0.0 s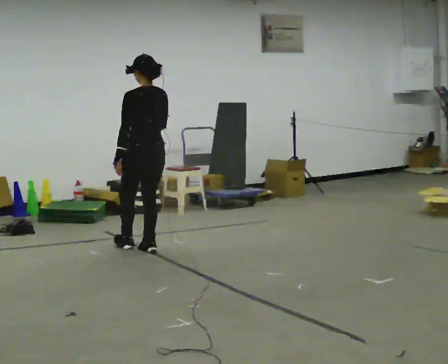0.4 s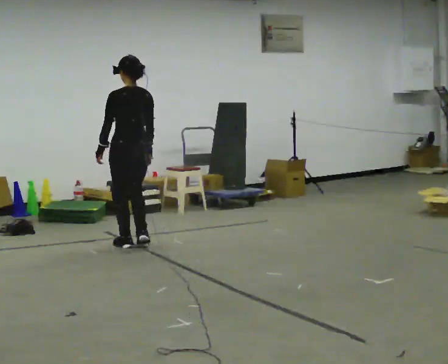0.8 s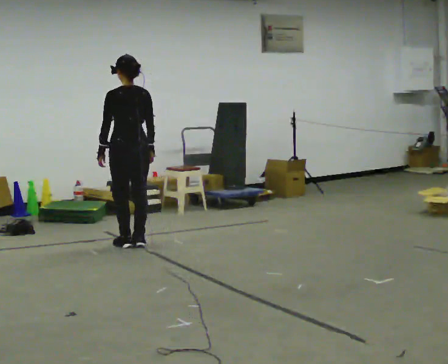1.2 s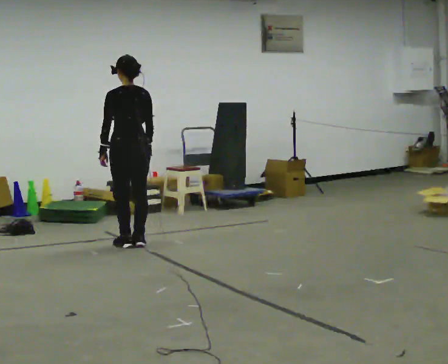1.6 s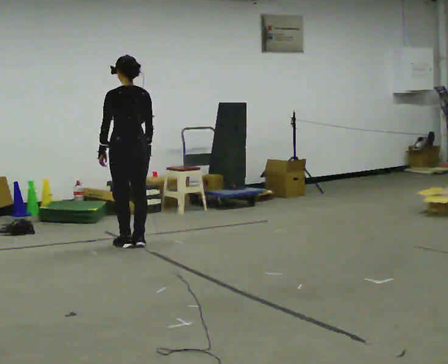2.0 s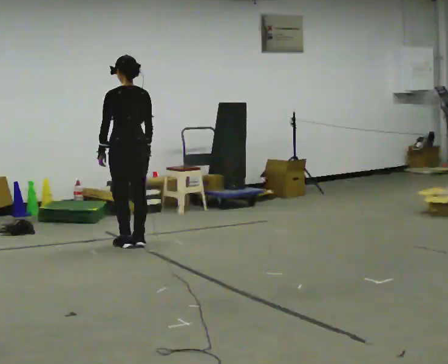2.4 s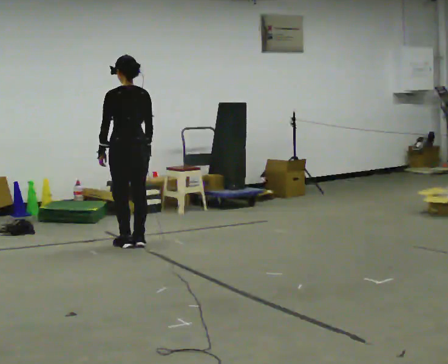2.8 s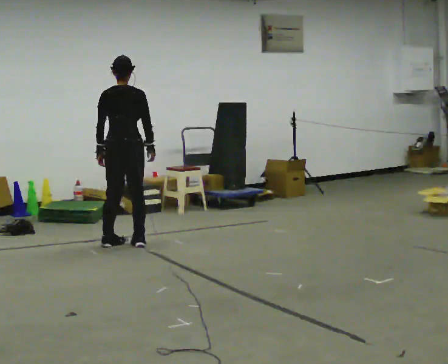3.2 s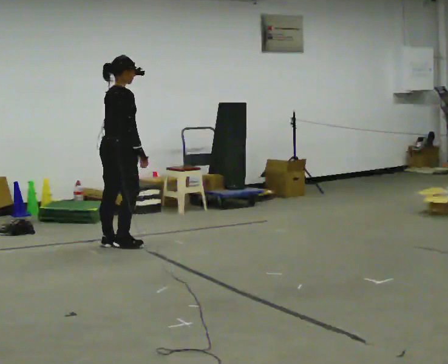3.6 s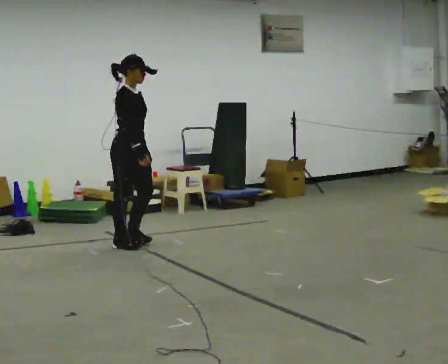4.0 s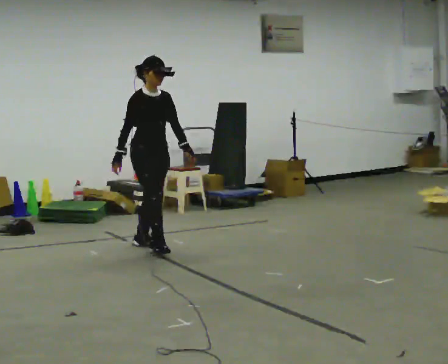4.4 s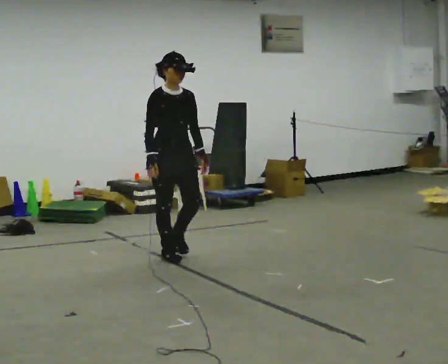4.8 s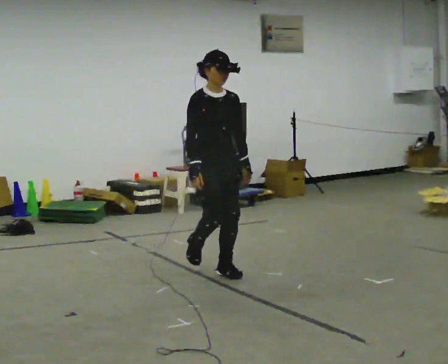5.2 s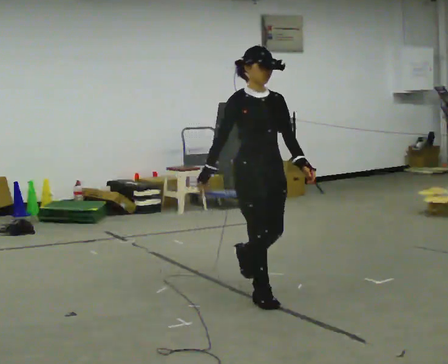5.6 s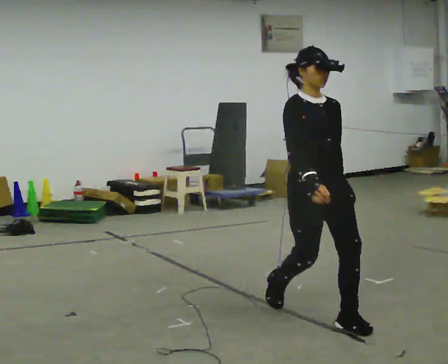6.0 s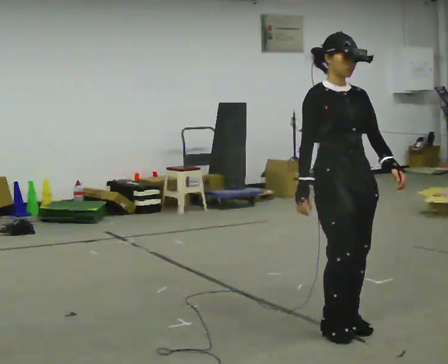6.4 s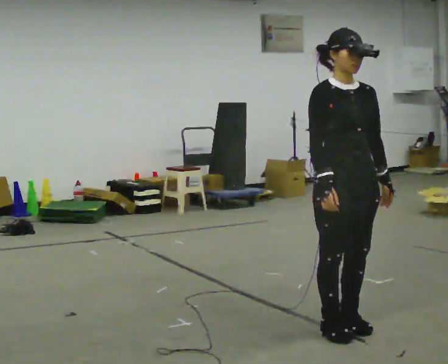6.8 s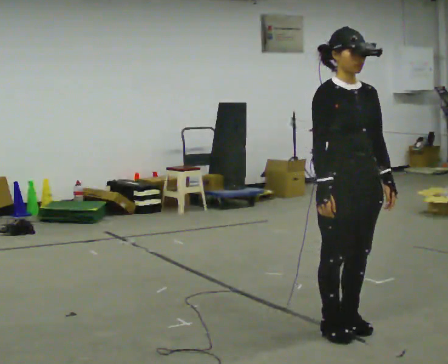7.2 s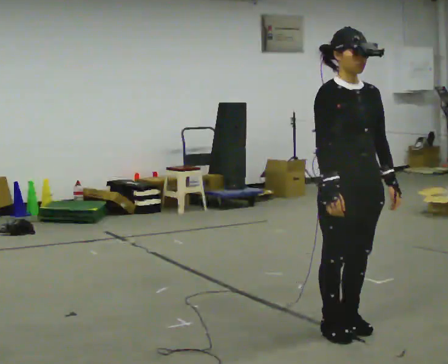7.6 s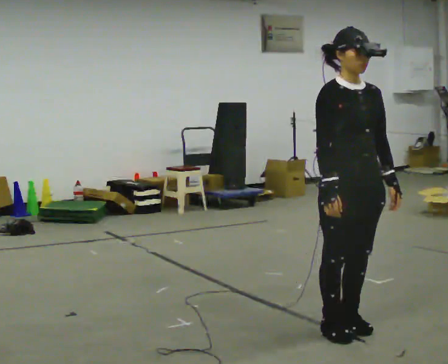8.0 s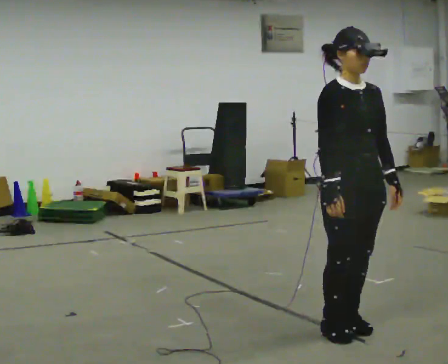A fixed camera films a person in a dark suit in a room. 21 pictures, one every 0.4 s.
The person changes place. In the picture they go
toward the camera.
The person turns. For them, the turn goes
to their right.
0.0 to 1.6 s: In the picture they go away from the camera, about 0.25 m in 2 steps, which for them is forward.
1.6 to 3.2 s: The person turns about 90 degrees to their right, clockwise seen from above, so the part of the body nearest the lens slides to the left.
3.2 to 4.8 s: The person turns about 90 degrees to their right, clockwise seen from above, so the part of the body nearest the lens slides to the left. In the picture they go toward the camera and to the right, about 1 m in 3 steps.
4.8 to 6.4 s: In the picture they go toward the camera and to the right, about 1.5 m in 3 steps, which for them is forward.
6.4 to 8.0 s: The person moves a little, or ends about where they began.
The film runs forward here.
